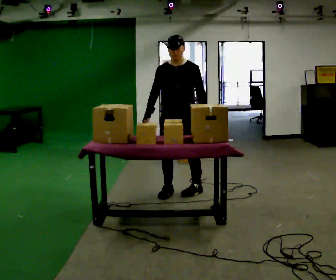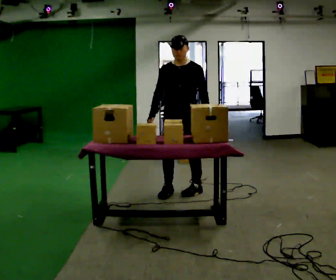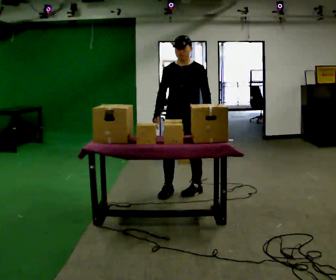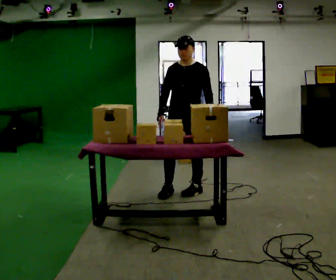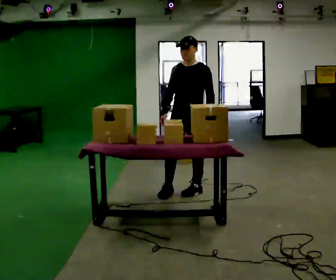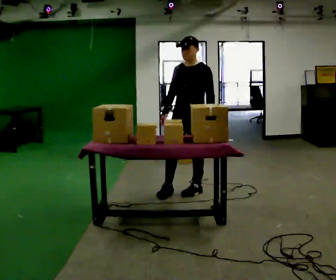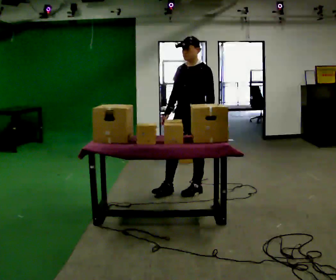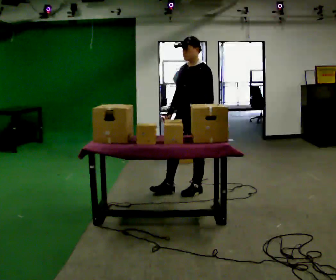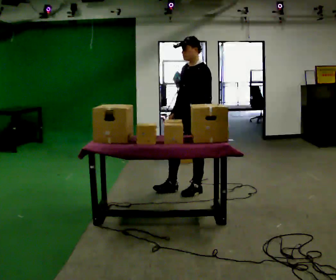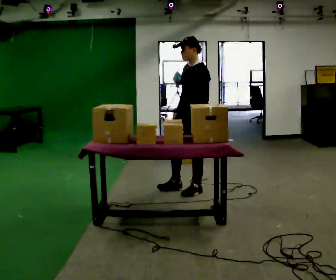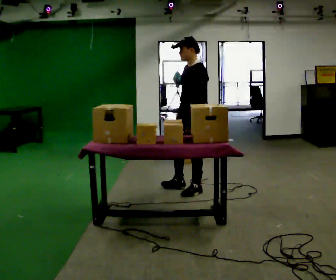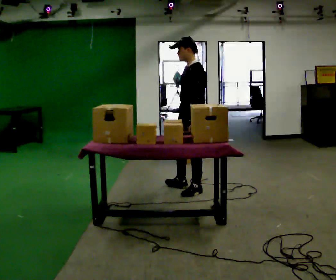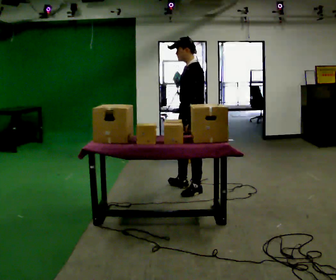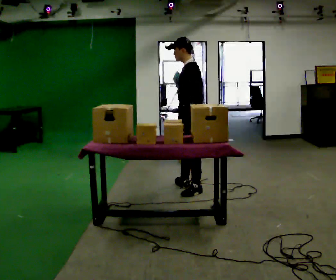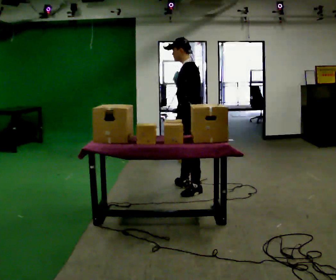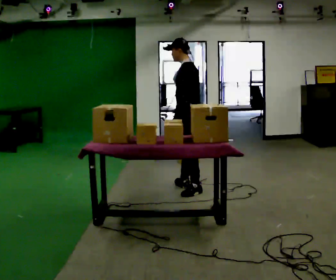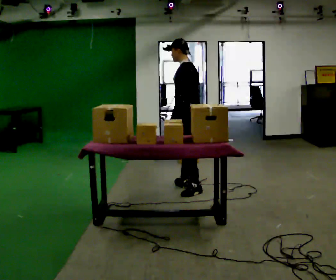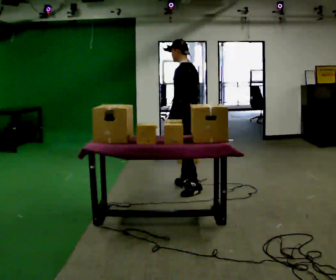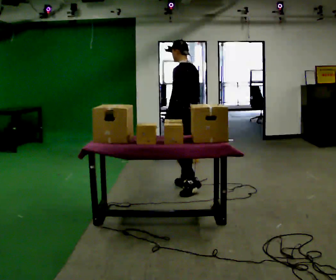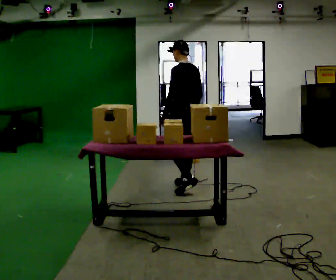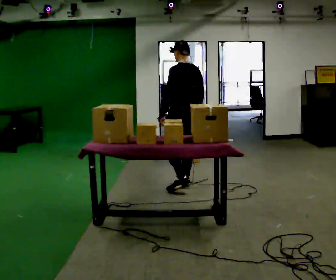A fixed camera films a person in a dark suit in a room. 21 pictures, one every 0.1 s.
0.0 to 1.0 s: The part of the body nearest the lens slides to the left as the person turns to their right by about 60 degrees. In the picture they go to the right, about 0.25 m, which for them is backward.
1.0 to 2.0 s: The person turns about 60 degrees to their right, clockwise seen from above, so the part of the body nearest the lens slides to the left. In the picture they go away from the camera, about 0.25 m in 1 step.
The film runs forward here.
